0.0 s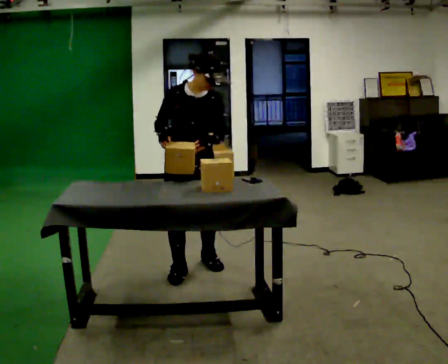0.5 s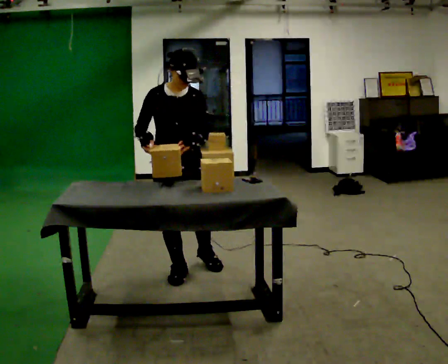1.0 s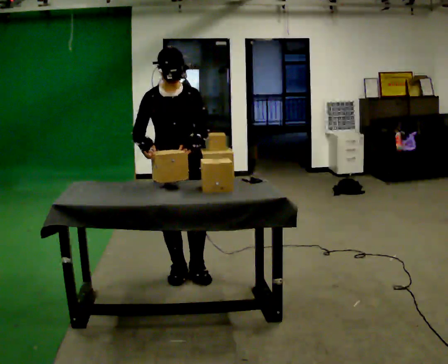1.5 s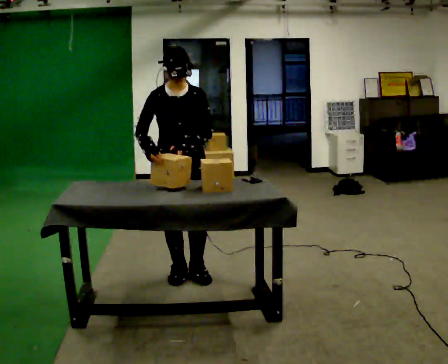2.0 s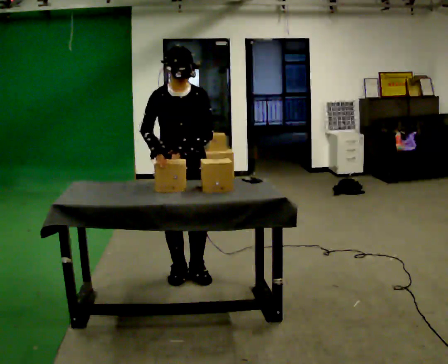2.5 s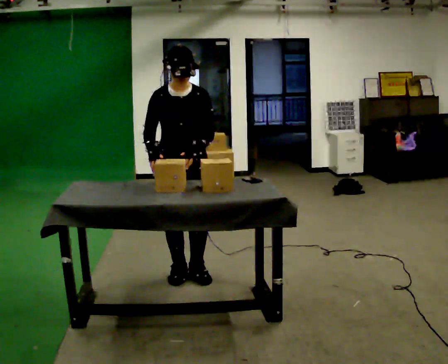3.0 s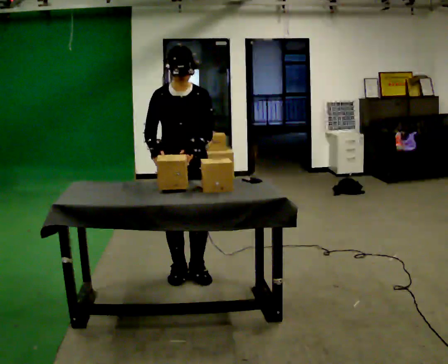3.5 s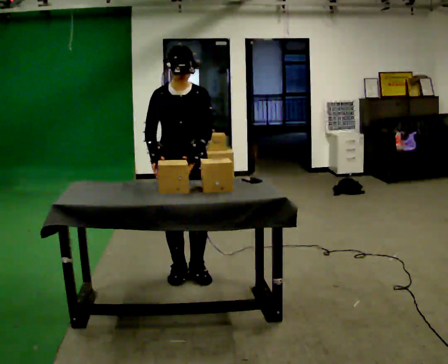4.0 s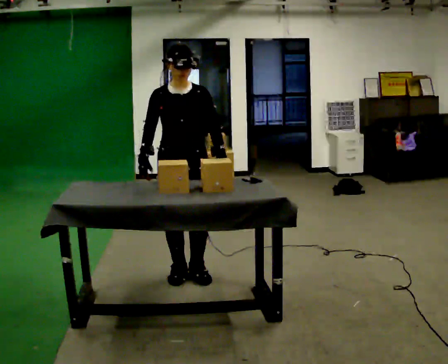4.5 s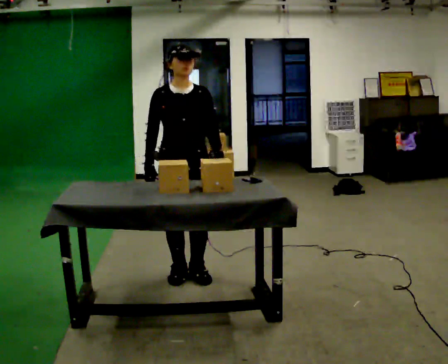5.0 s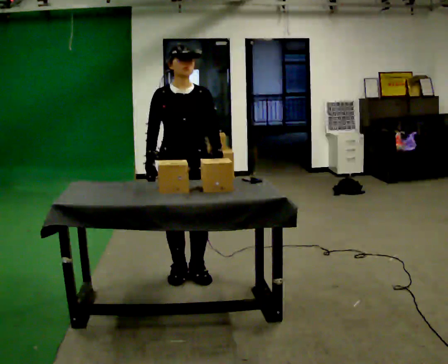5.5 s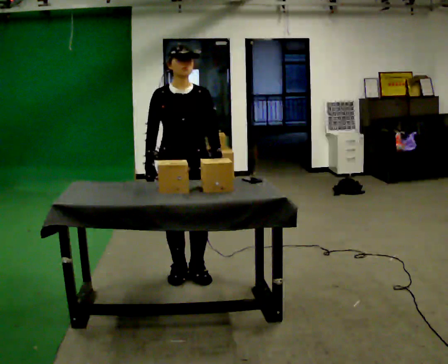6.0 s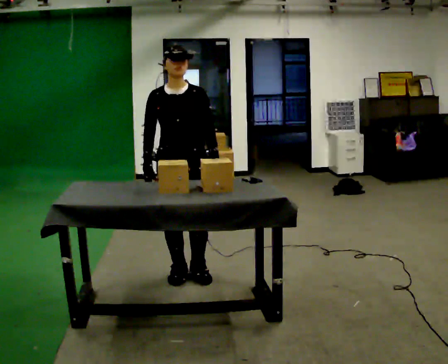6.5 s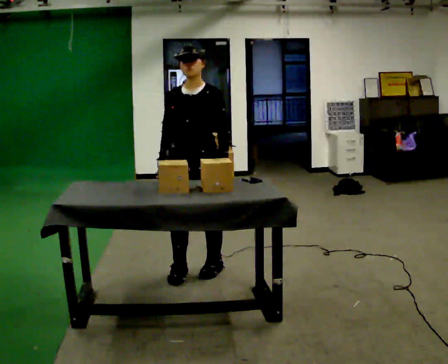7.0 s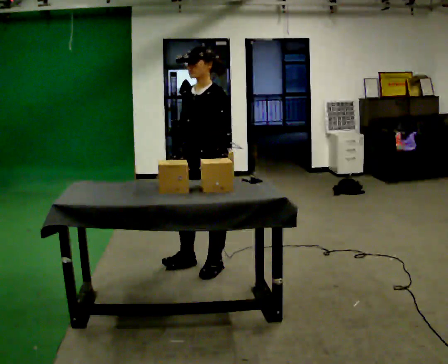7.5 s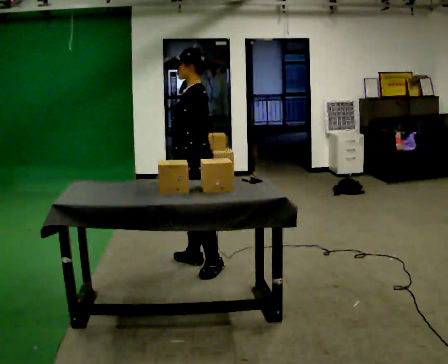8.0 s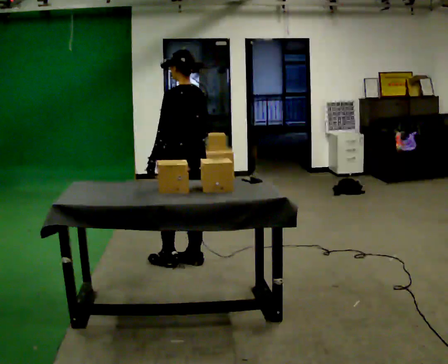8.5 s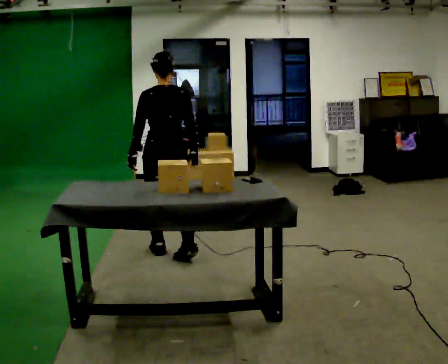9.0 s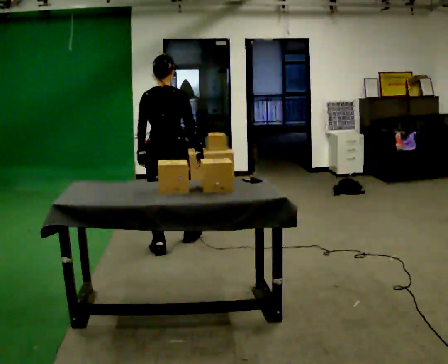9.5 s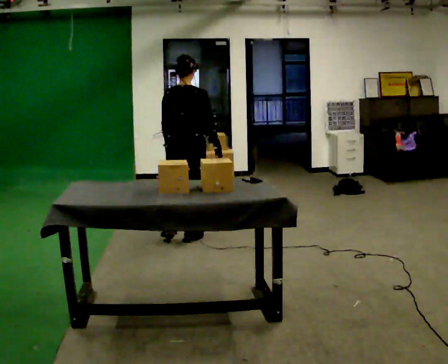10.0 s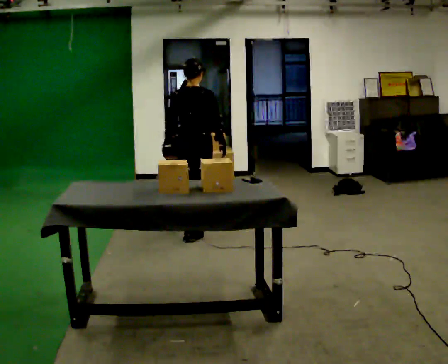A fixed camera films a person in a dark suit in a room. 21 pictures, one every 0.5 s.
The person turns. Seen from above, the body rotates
clockwise.
The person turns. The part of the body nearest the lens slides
to the left.
0.0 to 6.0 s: The person moves a little, or ends about where they began.
6.0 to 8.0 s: The person turns about 135 degrees to their right, clockwise seen from above, so the part of the body nearest the lens slides to the left. In the picture they go away from the camera, about 0.25 m in 2 steps.
8.0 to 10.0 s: Seen from above the body turns clockwise, about 60 degrees: to their right, with its near side sliding to the left. In the picture they go away from the camera, about 1 m in 3 steps.
The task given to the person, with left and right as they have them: 1. Clear everything off the table and put it away on the shelves. 2. Then set the table back up the way the operator shows you in the photo. 3. Tell the operator when you are finished.
The film runs forward here.
